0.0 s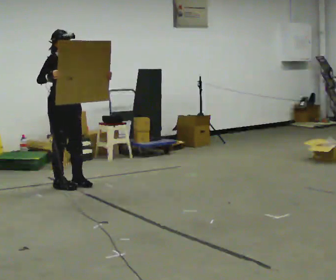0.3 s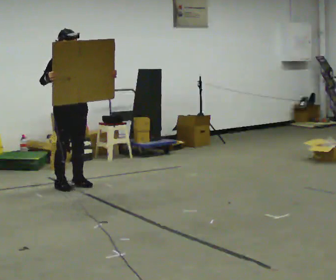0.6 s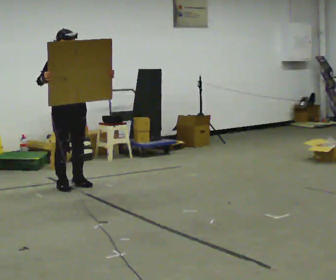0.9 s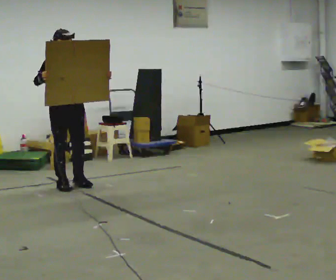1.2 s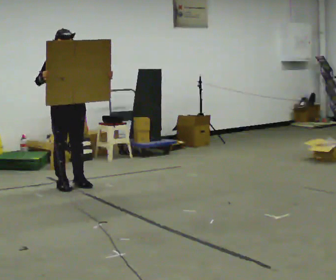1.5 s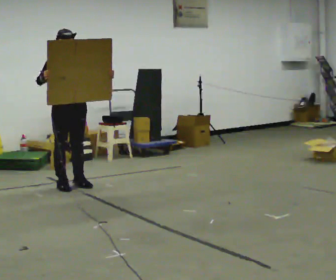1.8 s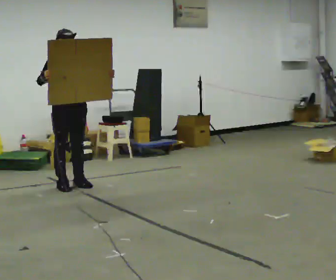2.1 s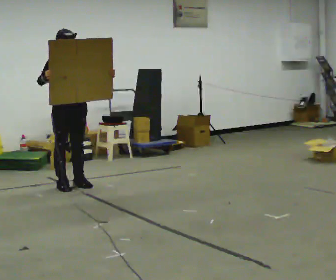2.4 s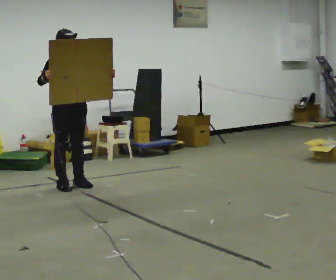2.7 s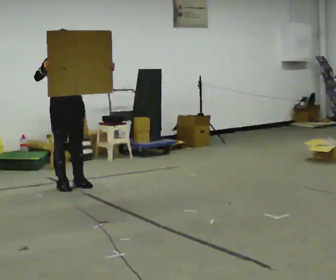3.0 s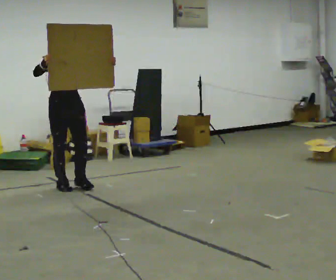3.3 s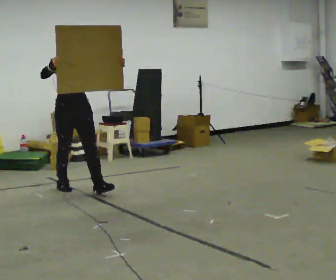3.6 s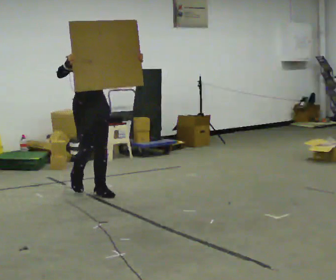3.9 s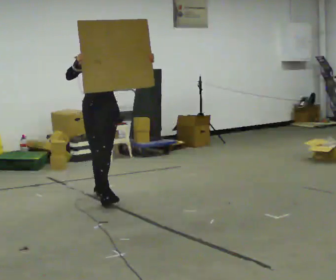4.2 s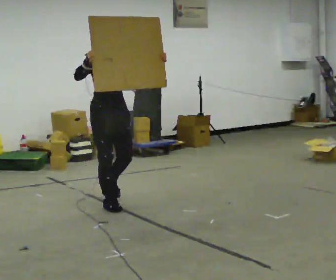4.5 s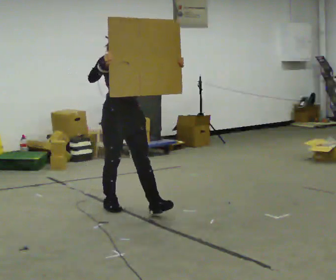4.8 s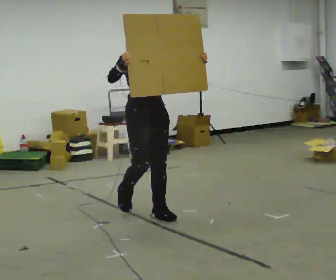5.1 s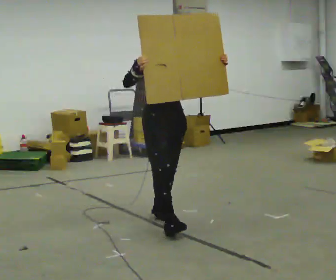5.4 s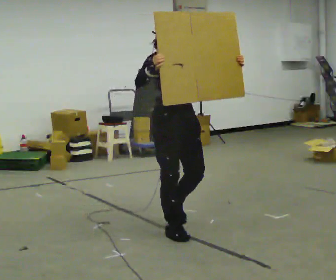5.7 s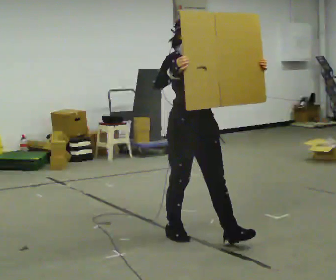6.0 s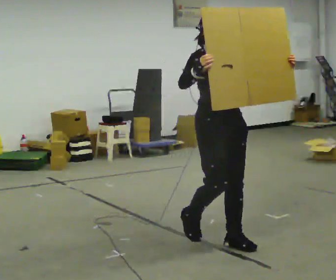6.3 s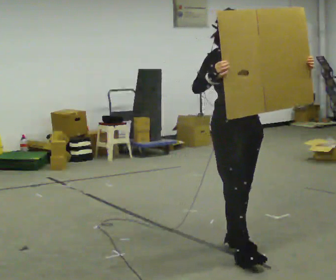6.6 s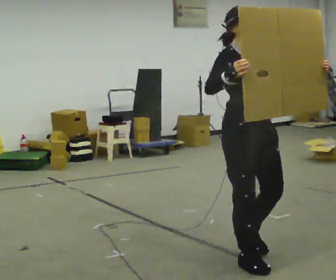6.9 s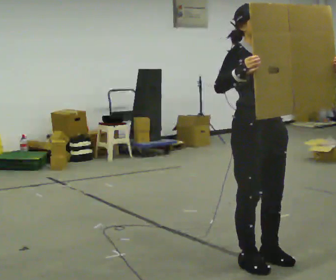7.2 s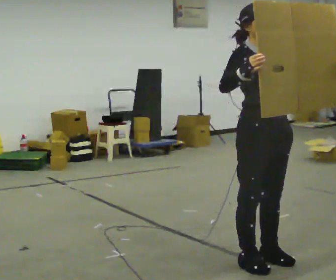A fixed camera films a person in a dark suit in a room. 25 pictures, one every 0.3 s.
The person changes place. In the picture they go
toward the camera.
0.0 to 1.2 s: The person moves a little, or ends about where they began.
1.2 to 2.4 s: The person keeps their place and pose.
2.4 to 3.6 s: In the picture they go toward the camera and to the right, about 0.5 m in 1 step, which for them is forward.
3.6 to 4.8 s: In the picture they go toward the camera and to the right, about 1 m in 2 steps, which for them is forward.
4.8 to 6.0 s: In the picture they go toward the camera and to the right, about 1 m in 2 steps, which for them is forward.
6.0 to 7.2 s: In the picture they go toward the camera, about 0.5 m in 2 steps, which for them is forward.
The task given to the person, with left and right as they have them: Carry the large panel across the room. It will block your view ahead, so take whatever route feels safe. Keep going until the operator says stop; one object at a time, and do not rush between trips.
The film runs forward here.
